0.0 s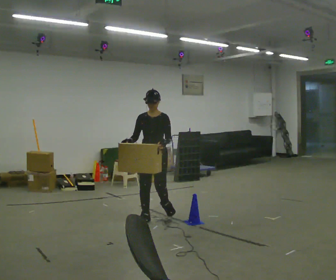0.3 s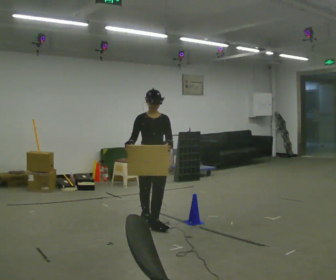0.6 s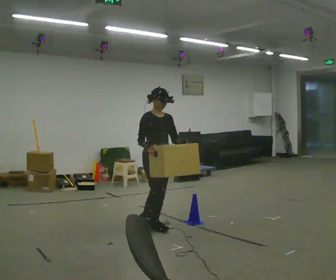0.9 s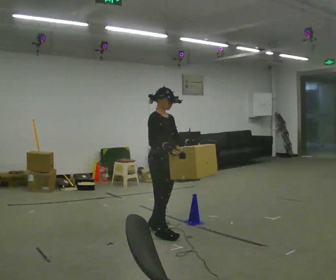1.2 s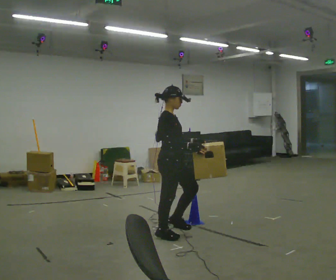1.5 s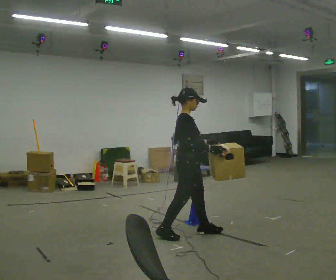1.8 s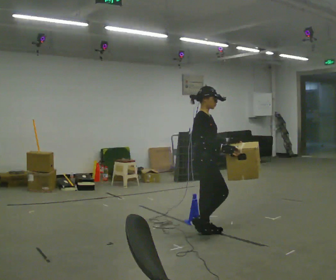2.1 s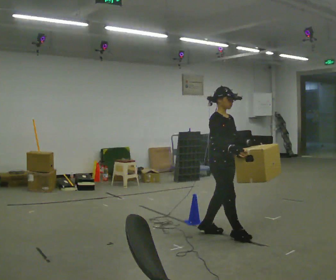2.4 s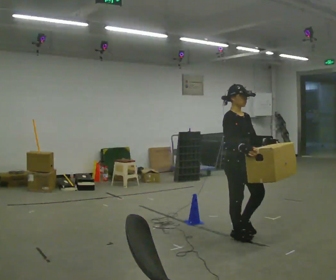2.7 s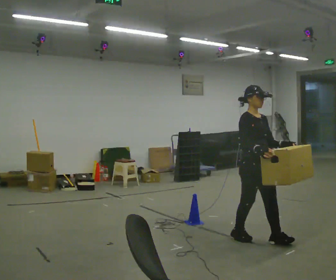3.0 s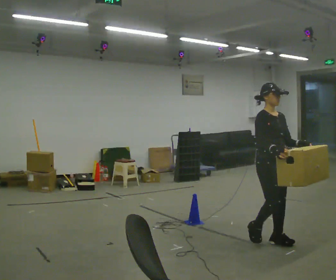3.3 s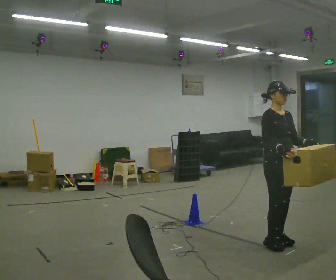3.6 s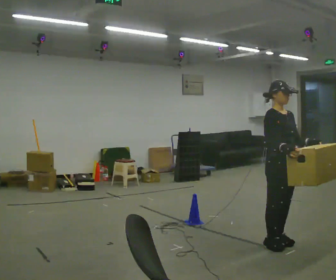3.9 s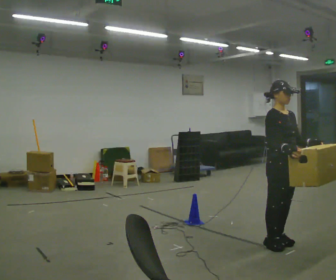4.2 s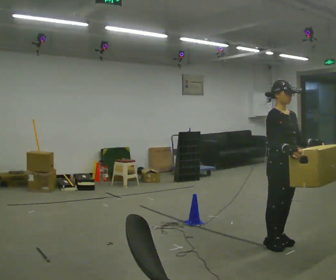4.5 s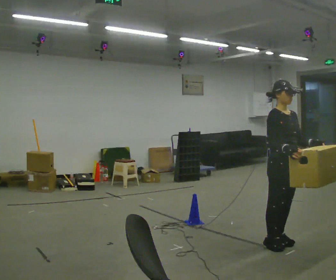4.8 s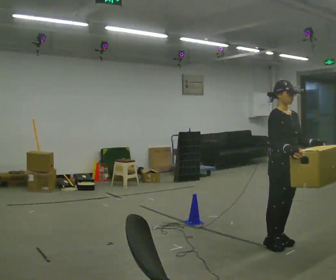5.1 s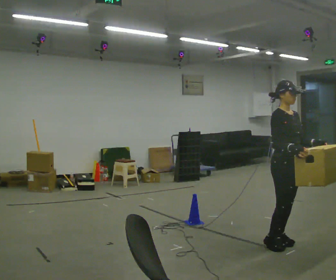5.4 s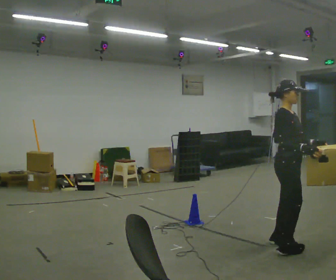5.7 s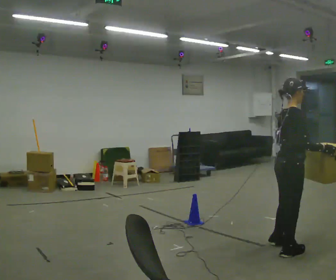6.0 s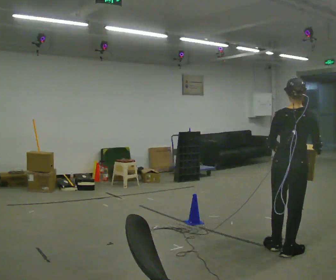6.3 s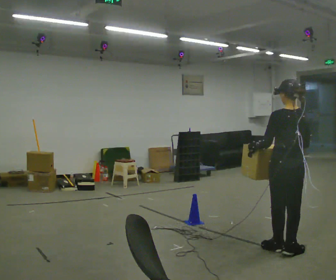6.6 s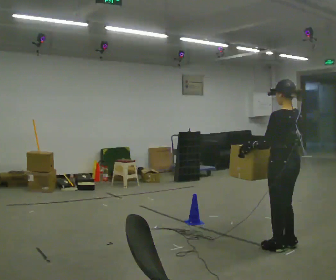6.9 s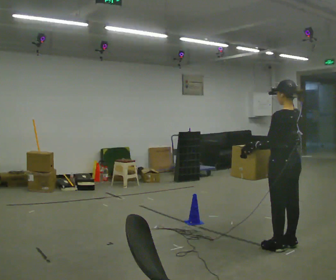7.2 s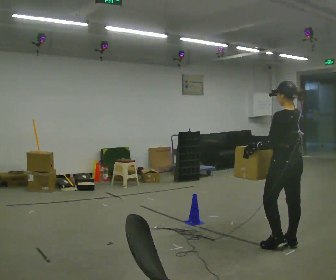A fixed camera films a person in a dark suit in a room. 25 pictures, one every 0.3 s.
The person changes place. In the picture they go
to the right.
0.0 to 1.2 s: The part of the body nearest the lens slides to the right as the person turns to their left by about 90 degrees. In the picture they go toward the camera and to the right, about 0.75 m in 2 steps.
1.2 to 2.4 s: Seen from above the body turns clockwise, about 45 degrees: to their right, with its near side sliding to the left. In the picture they go to the right, about 0.75 m in 2 steps, which for them is forward.
2.4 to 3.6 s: In the picture they go to the right and toward the camera, about 0.5 m in 2 steps, which for them is forward.
3.6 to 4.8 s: The person moves a little, or ends about where they began.
4.8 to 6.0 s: The person turns about 135 degrees to their left, counterclockwise seen from above, so the part of the body nearest the lens slides to the right. In the picture they go toward the camera, about 0.25 m in 2 steps. In the picture their left hand goes to the left.
6.0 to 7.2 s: Seen from above the body turns counterclockwise, about 45 degrees: to their left, with its near side sliding to the right. In the picture they go away from the camera, about 0.25 m in 1 step, which for them is forward and to their right.
The film runs forward here.
